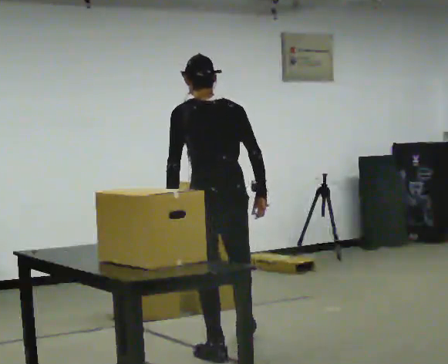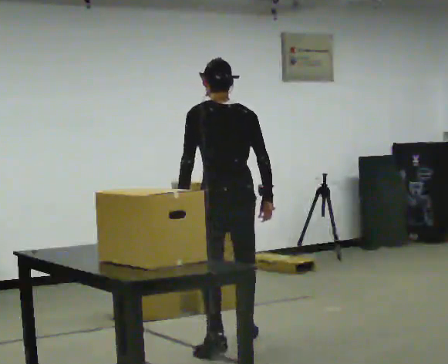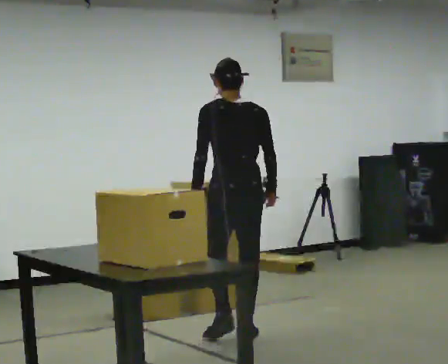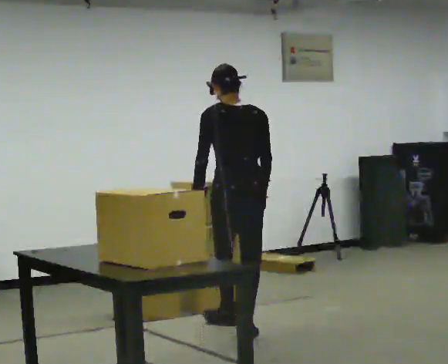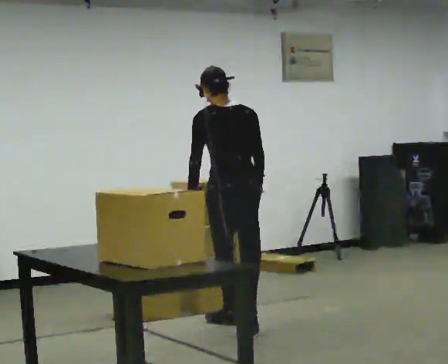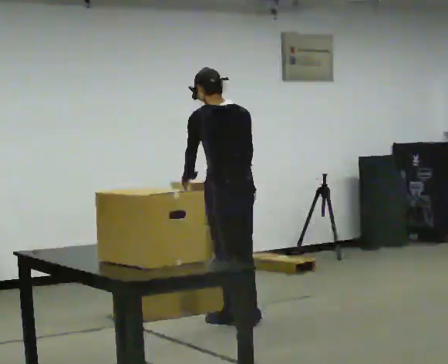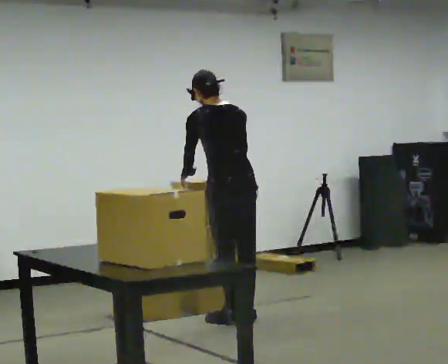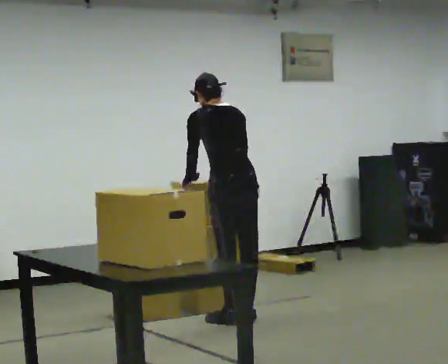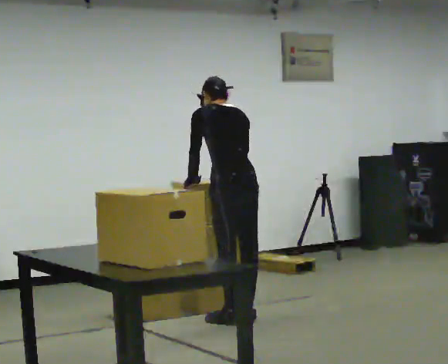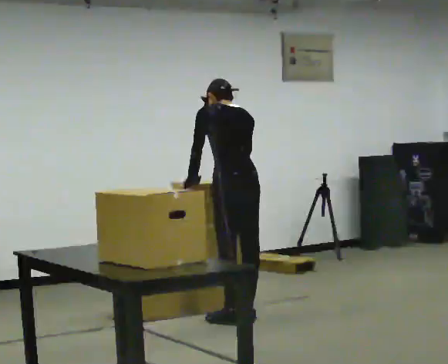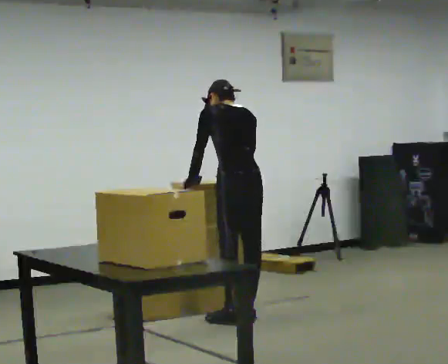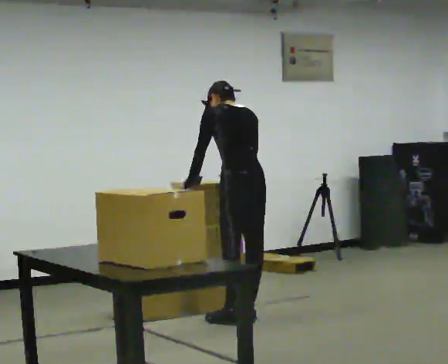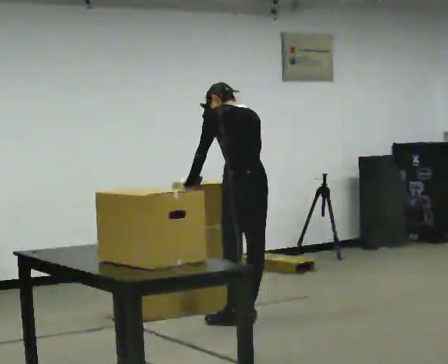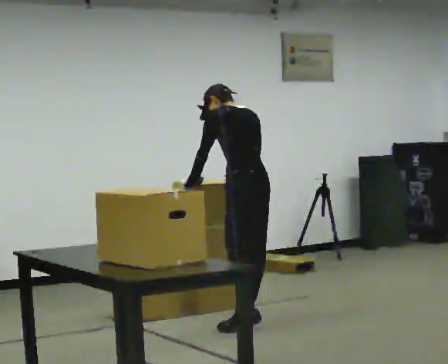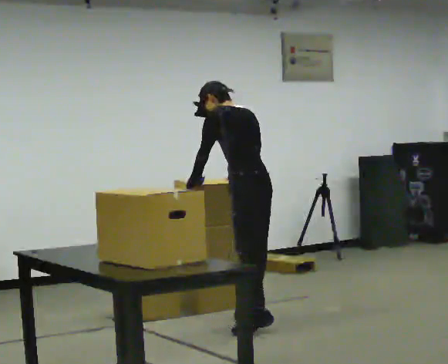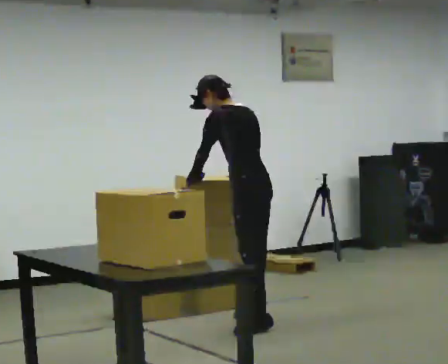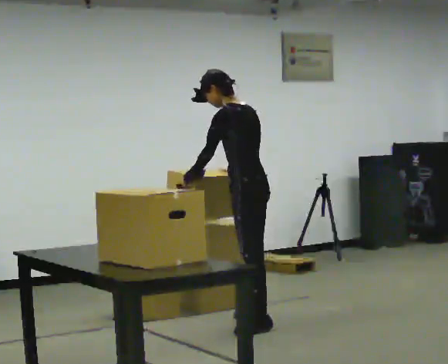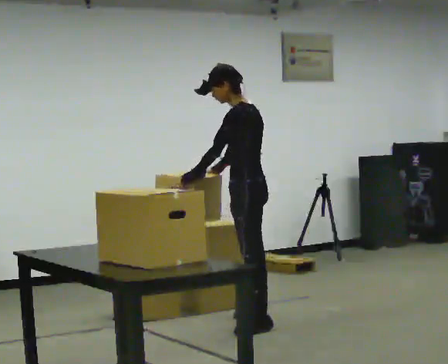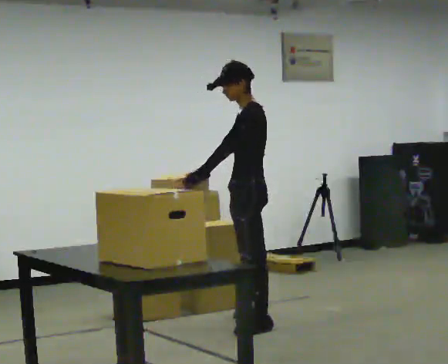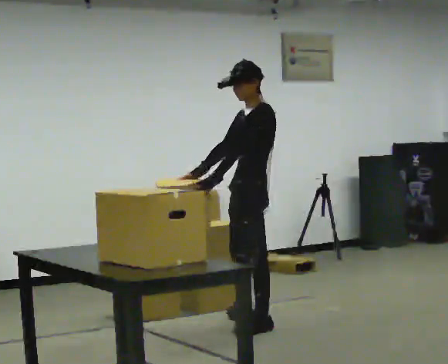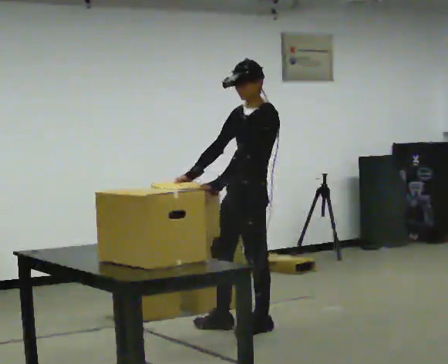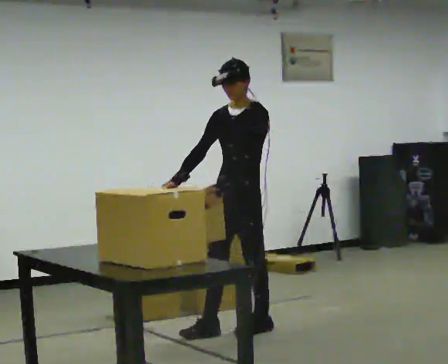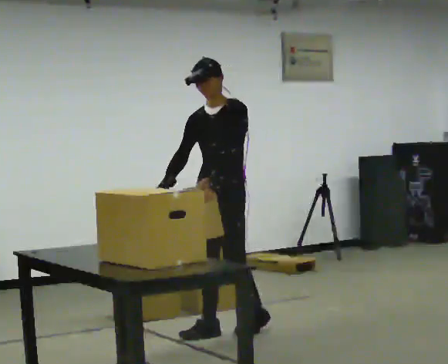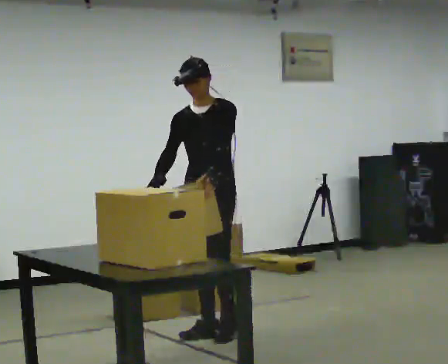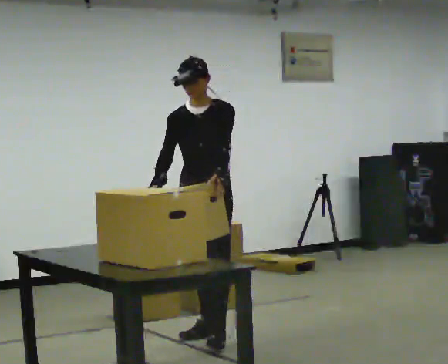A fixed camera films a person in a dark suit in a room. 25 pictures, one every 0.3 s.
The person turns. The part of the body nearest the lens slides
to the right.
The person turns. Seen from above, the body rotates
counterclockwise.
0.0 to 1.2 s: In the picture they go away from the camera, about 0.5 m in 2 steps, which for them is forward.
1.2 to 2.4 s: In the picture they go away from the camera, about 0.25 m in 1 step, which for them is forward. The upper body tips away from the camera, its near side rolling upward, as they bend forward.
2.4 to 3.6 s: The person moves a little, or ends about where they began.
3.6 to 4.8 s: The part of the body nearest the lens slides to the right as the person turns to their left by about 30 degrees. The upper body tips toward the camera, its near side rolling downward, as they lean back or straighten.
4.8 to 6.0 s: Seen from above the body turns counterclockwise, about 45 degrees: to their left, with its near side sliding to the right. In the picture they go toward the camera, about 0.25 m, which for them is to their left. In the picture the upper body tilts clockwise, shoulders to the right, as they lean back or straighten.
6.0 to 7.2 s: The part of the body nearest the lens slides to the right as the person turns to their left by about 45 degrees. In the picture they go to the left and toward the camera, about 0.25 m in 2 steps, which for them is forward and to their right.
The film runs forward here.
